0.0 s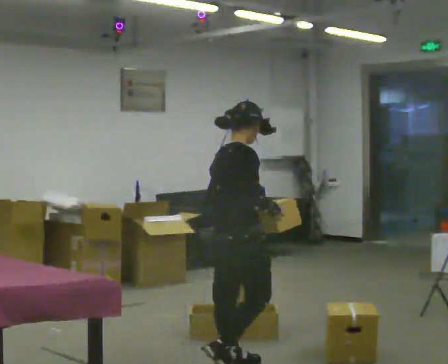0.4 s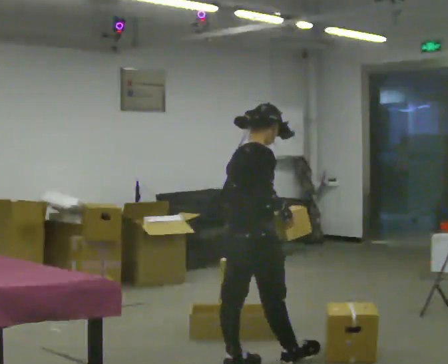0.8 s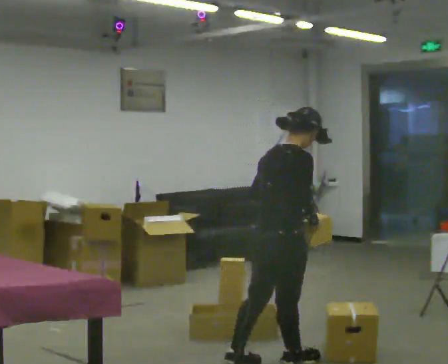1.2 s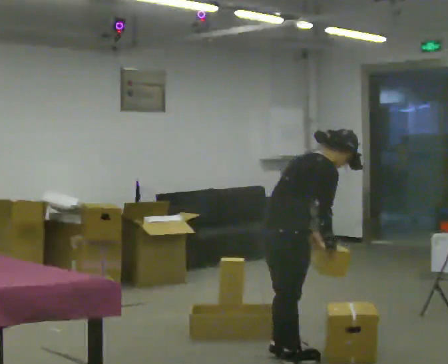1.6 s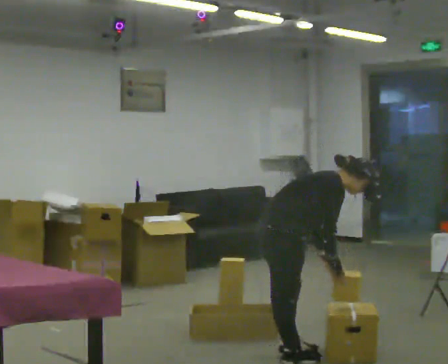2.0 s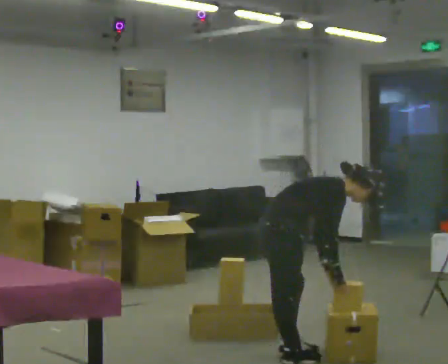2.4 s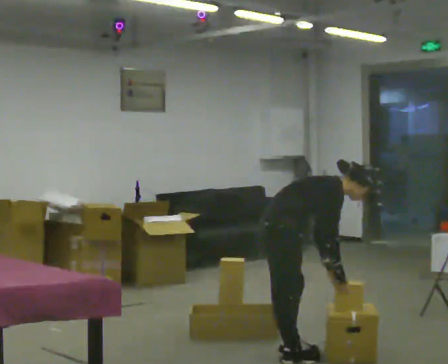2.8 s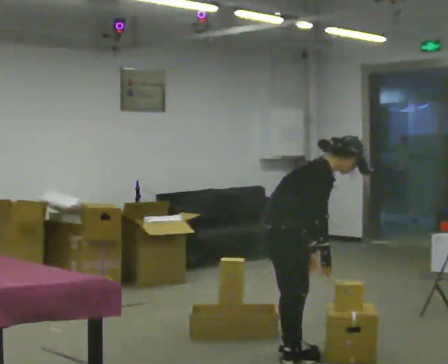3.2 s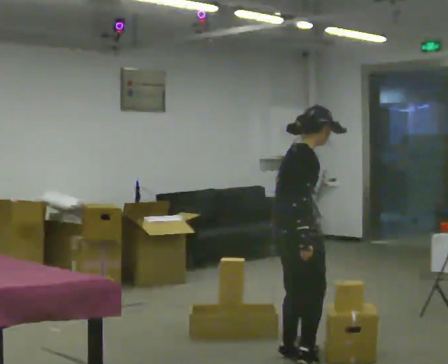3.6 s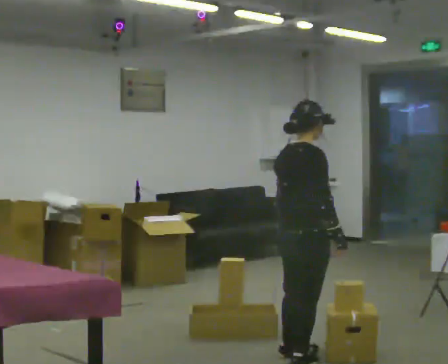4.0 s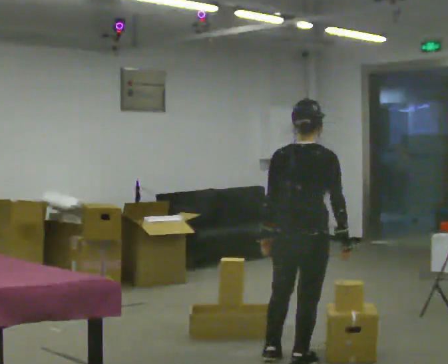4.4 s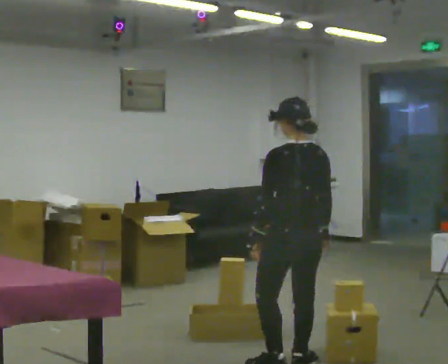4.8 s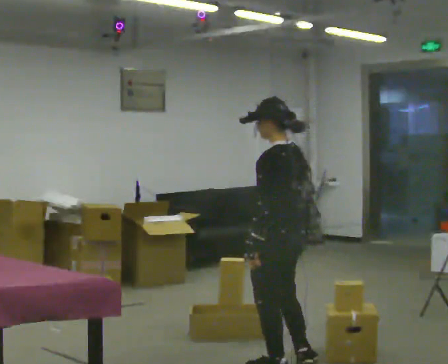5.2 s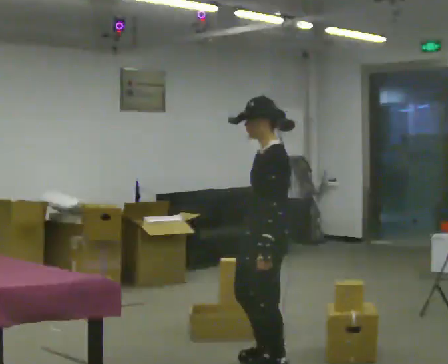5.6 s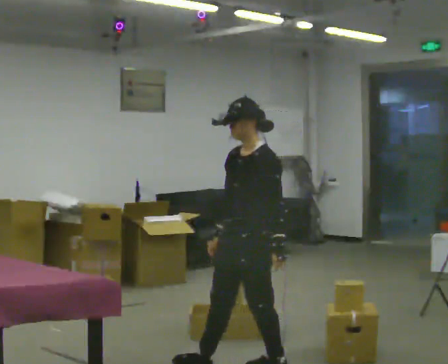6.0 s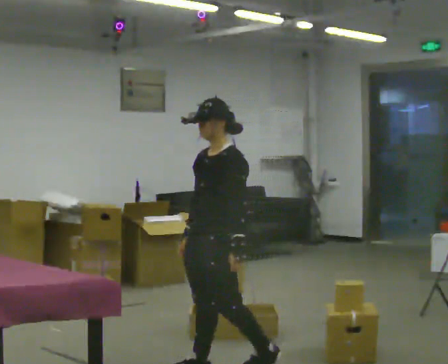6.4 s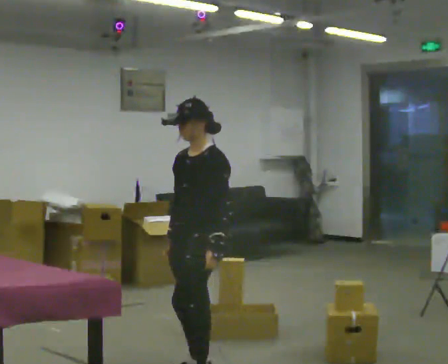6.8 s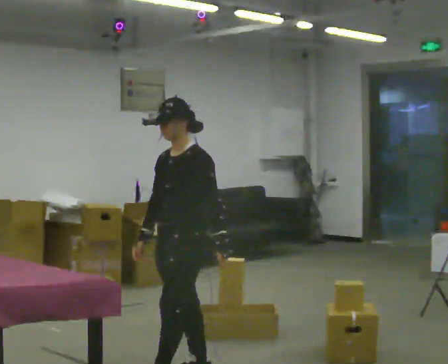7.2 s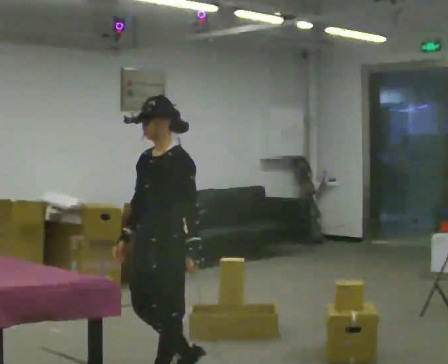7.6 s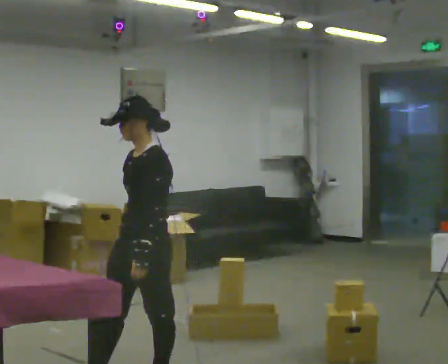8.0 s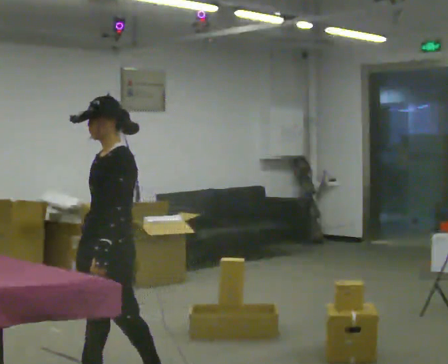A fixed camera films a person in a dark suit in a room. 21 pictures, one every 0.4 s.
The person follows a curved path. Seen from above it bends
clockwise.
0.0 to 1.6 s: In the picture they go to the right and away from the camera, about 0.25 m in 2 steps, which for them is forward. The upper body goes downward. In the picture the upper body tilts clockwise, shoulders to the right, as they bend forward. In the picture their right hand goes downward.
1.6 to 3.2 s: The shoulders move upward. In the picture the upper body tilts counterclockwise, shoulders to the left, as they lean back or straighten.
3.2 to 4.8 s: The part of the body nearest the lens slides to the right as the person turns to their left by about 135 degrees. In the picture they go toward the camera, about 0.25 m in 1 step.
4.8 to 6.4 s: The person turns about 75 degrees to their left, counterclockwise seen from above, so the part of the body nearest the lens slides to the right. In the picture they go to the left, about 0.5 m in 1 step.
6.4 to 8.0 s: In the picture they go to the left and toward the camera, about 0.5 m in 2 steps, which for them is forward.
The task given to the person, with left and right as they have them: 1. Take the objects out of the box on the table one at a time. 2. Put each one in the bin the operator has labelled for it. 3. Tell the operator when you are finished.
The film runs forward here.
